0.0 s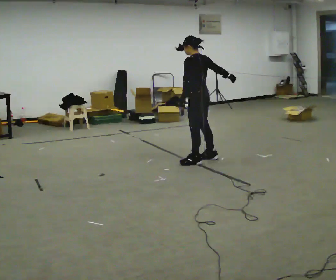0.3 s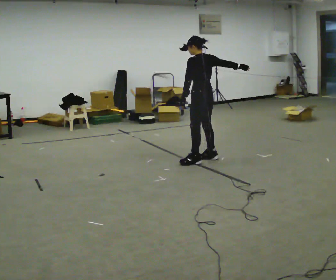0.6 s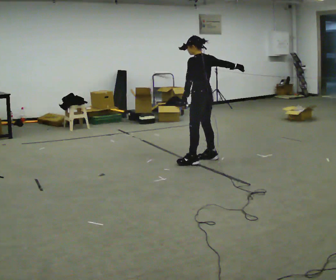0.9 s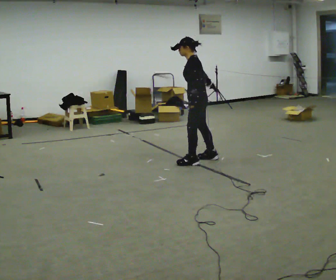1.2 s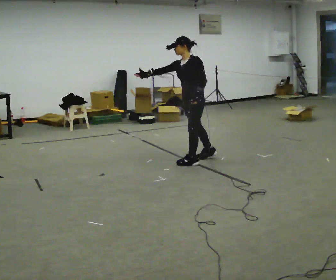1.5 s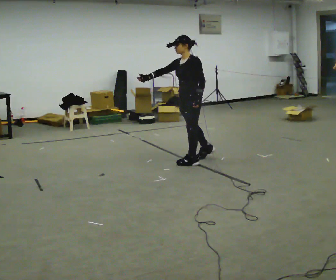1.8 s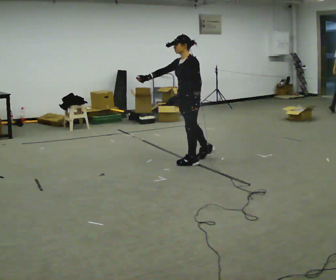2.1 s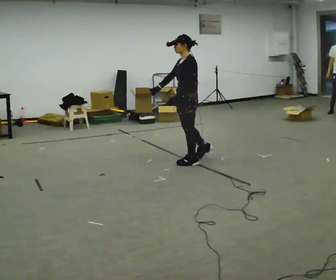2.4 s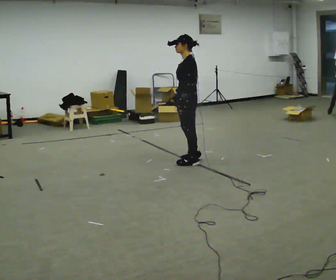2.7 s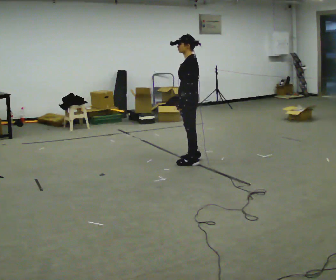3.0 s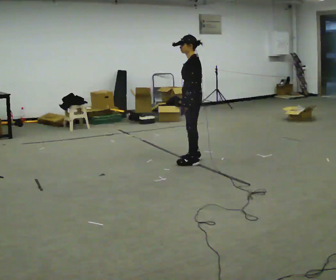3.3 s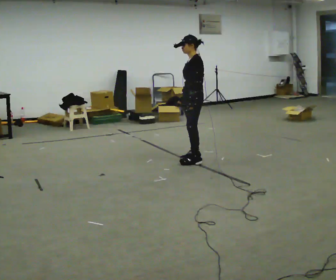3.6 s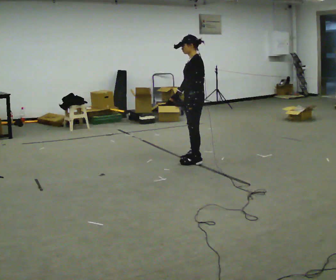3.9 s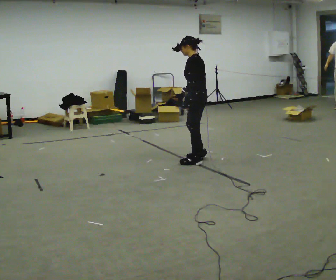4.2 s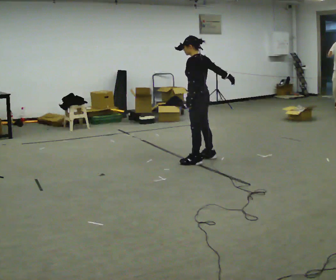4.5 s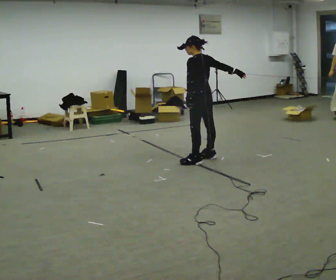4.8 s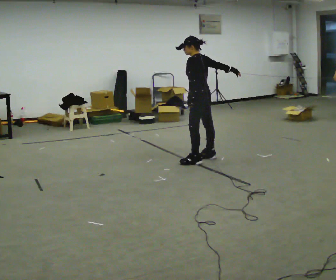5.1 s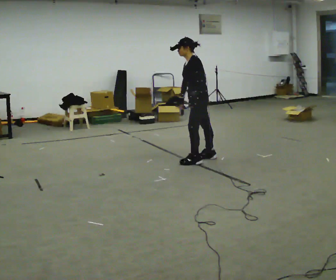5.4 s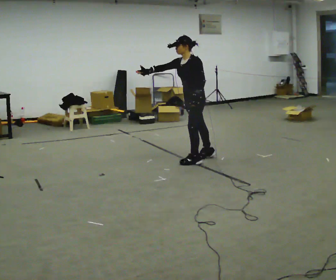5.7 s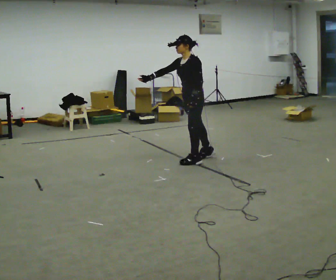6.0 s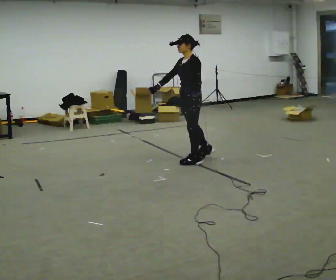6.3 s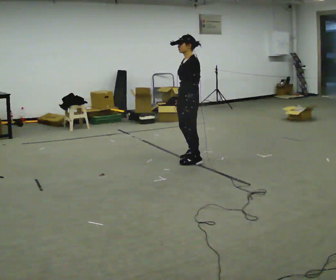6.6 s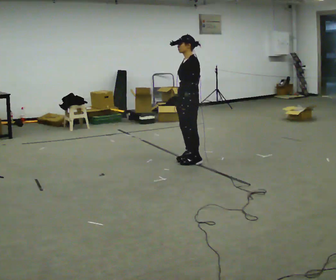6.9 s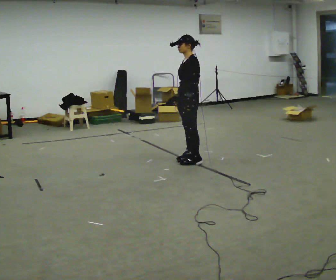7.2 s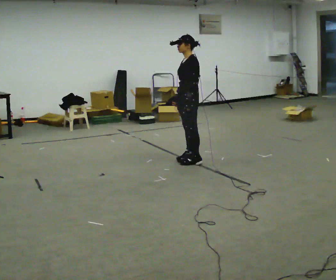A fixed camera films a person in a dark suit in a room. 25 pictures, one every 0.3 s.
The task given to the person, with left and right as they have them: Mime a bowling delivery with no ball: approach in place, swing down and release. Repeat the movement at your own pace until the operator says stop; do not rush.
0.0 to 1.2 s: Seen from above the body turns counterclockwise, about 60 degrees: to their left, with its near side sliding to the right. In the picture their right hand goes to the left, the arm swinging clockwise.
1.2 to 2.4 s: The part of the body nearest the lens slides to the left as the person turns to their right by about 30 degrees. In the picture their right hand goes to the right, the arm swinging counterclockwise.
2.4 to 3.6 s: The person moves a little, or ends about where they began.
3.6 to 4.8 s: The person turns about 30 degrees to their right, clockwise seen from above, so the part of the body nearest the lens slides to the left. In the picture their right hand goes to the right and upward, the arm swinging counterclockwise.
4.8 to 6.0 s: The part of the body nearest the lens slides to the right as the person turns to their left by about 45 degrees. In the picture their right hand goes to the left, the arm swinging clockwise.
6.0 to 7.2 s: The person moves a little, or ends about where they began.
The film runs forward here.
